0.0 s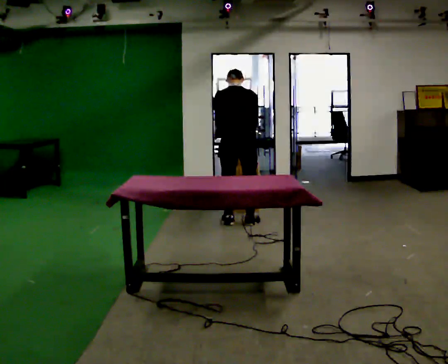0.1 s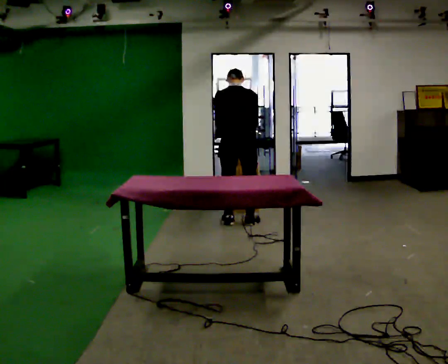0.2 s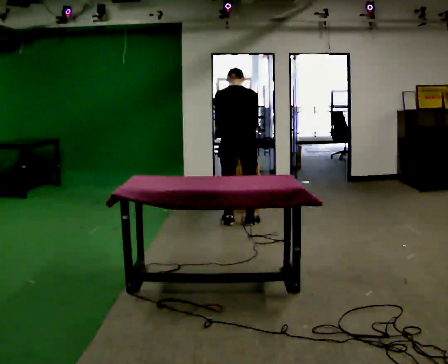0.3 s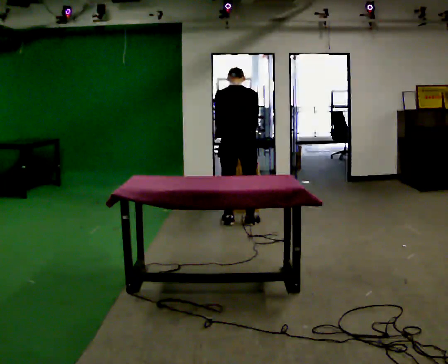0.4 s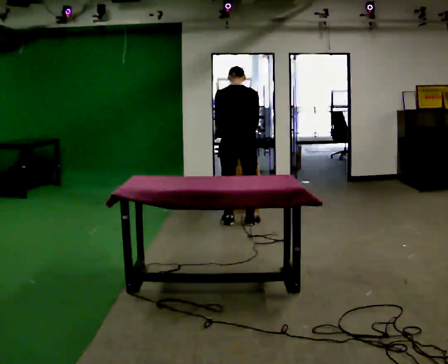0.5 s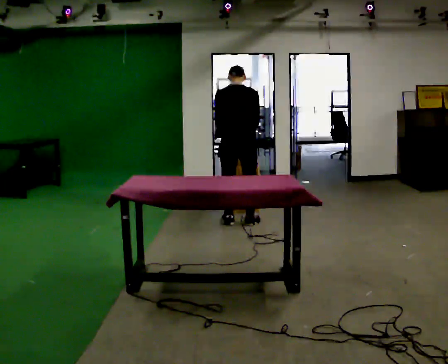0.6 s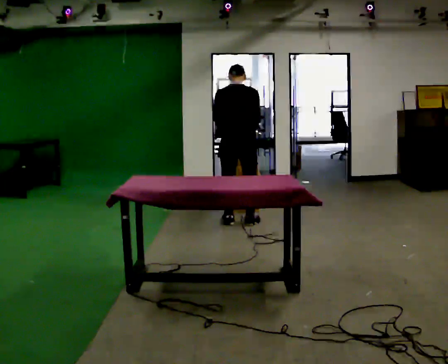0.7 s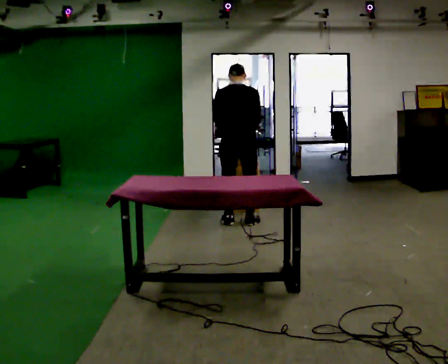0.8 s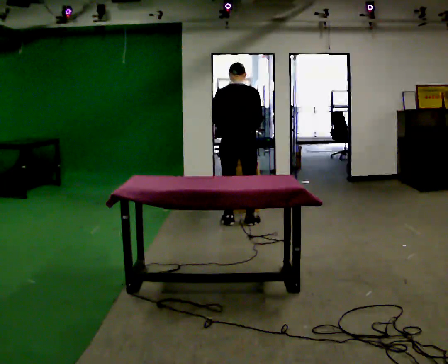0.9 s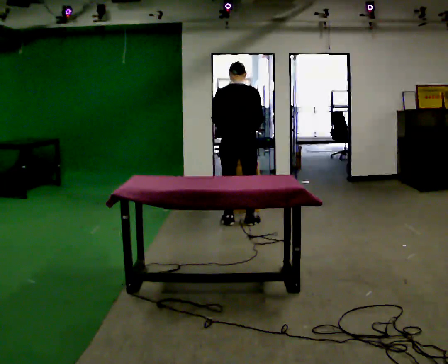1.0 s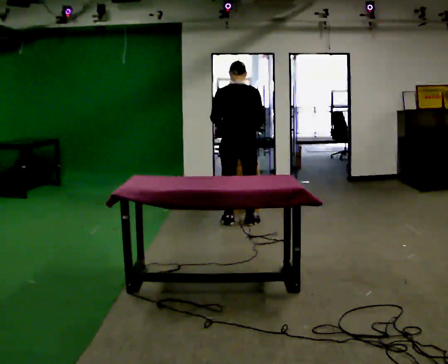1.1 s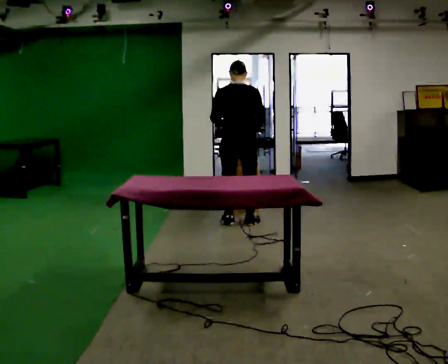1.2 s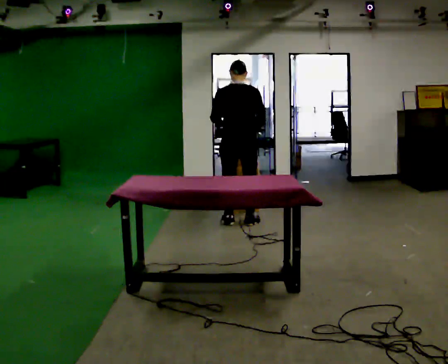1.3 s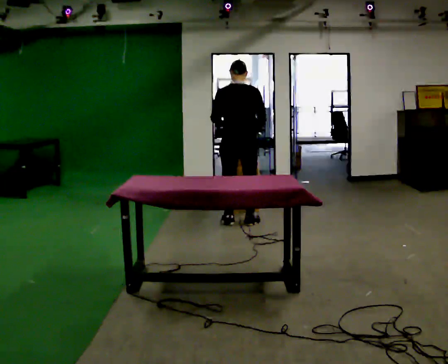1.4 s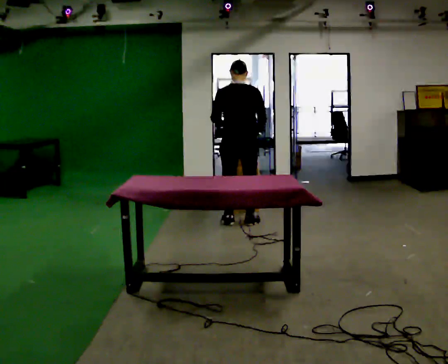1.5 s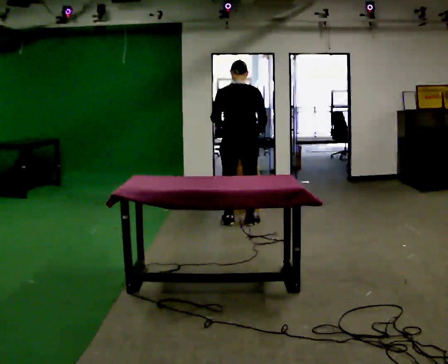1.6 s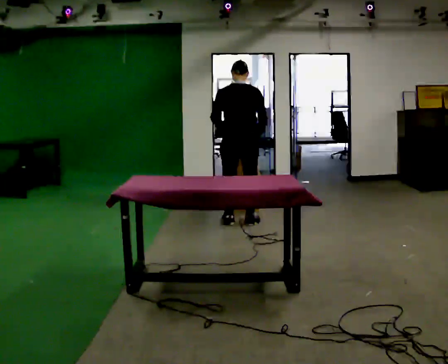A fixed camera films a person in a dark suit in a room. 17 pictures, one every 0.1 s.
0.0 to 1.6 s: The upper body tips toward the camera, its near side rolling downward, as they lean back or straighten.
The film runs backward here.
